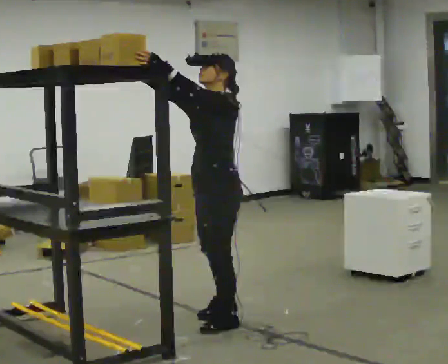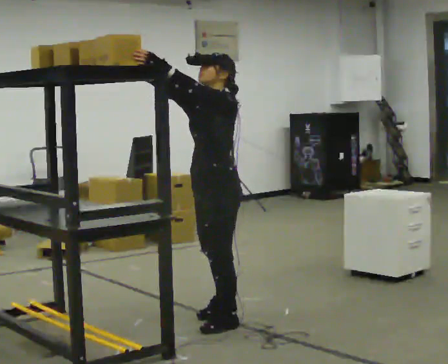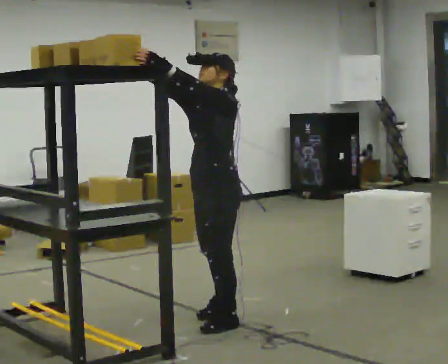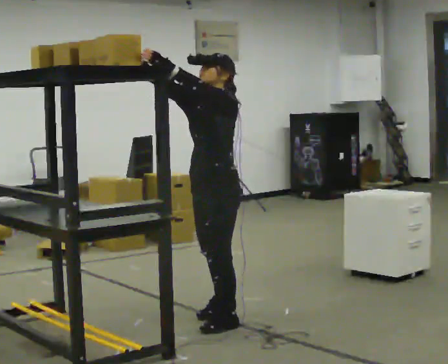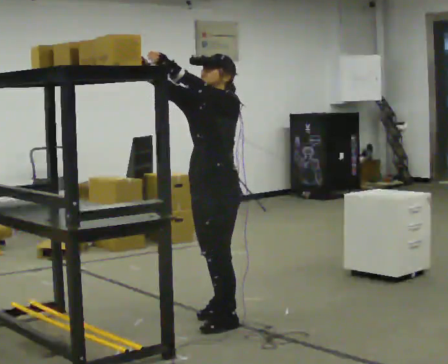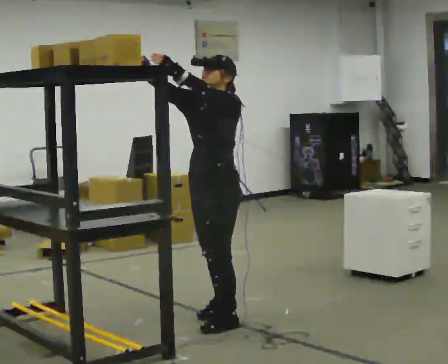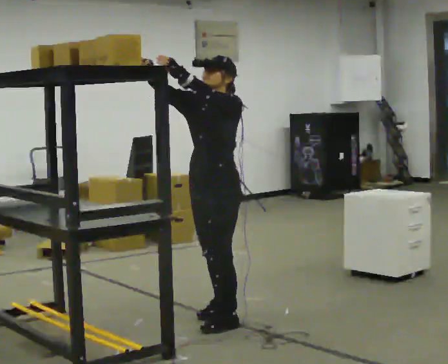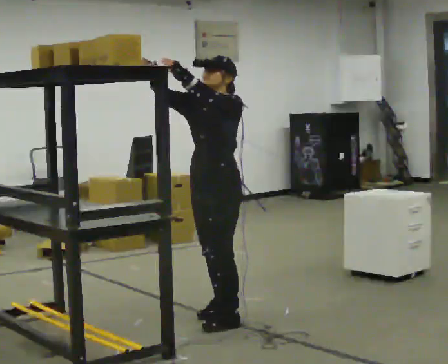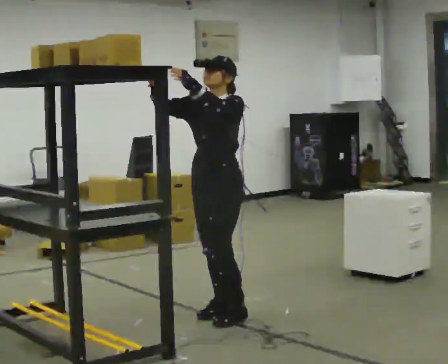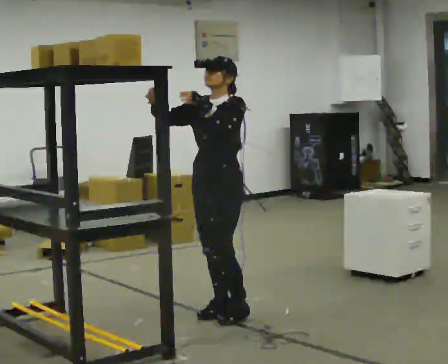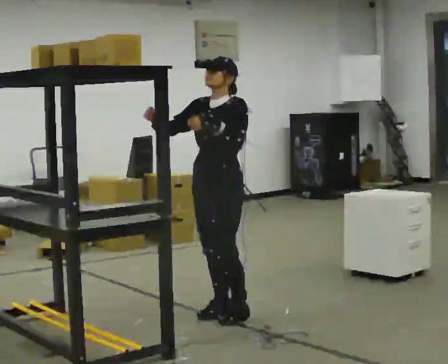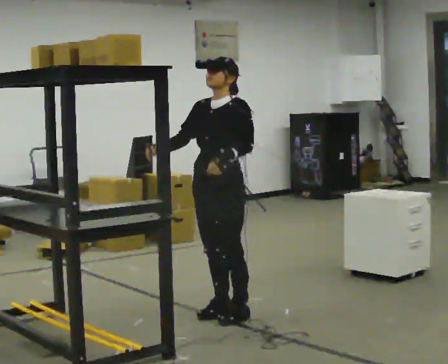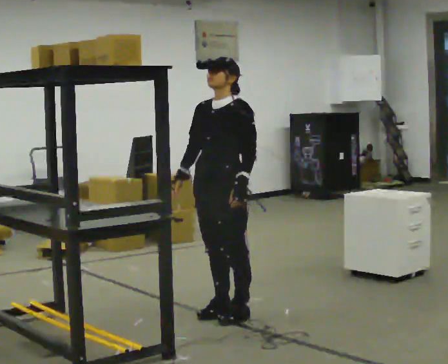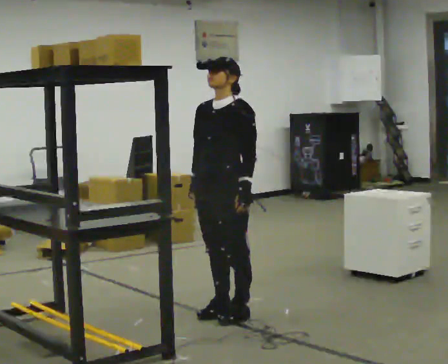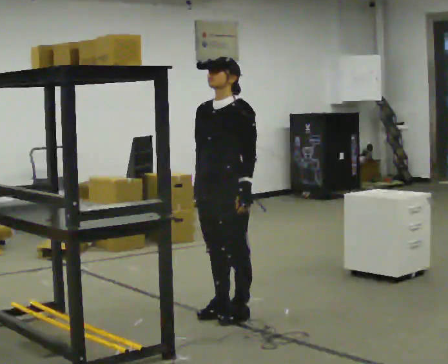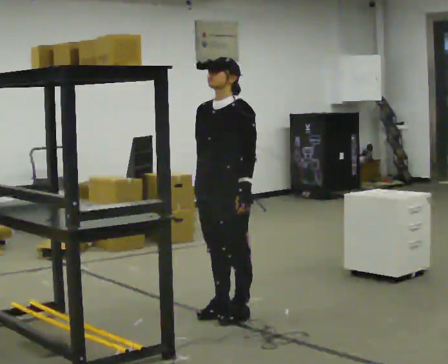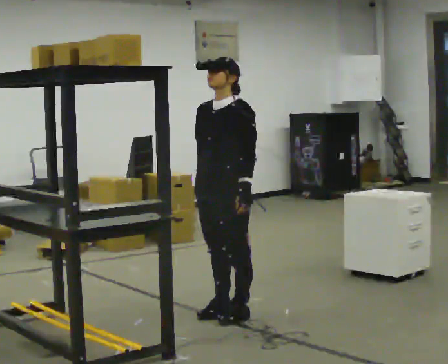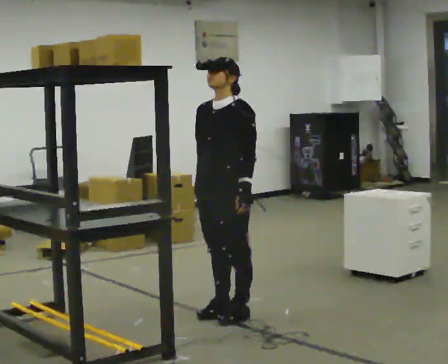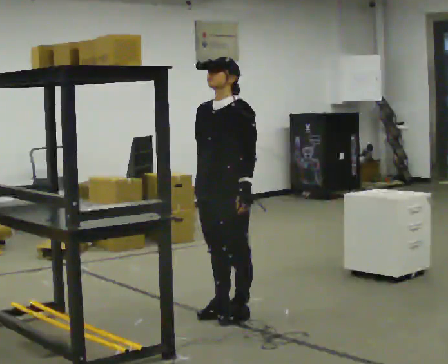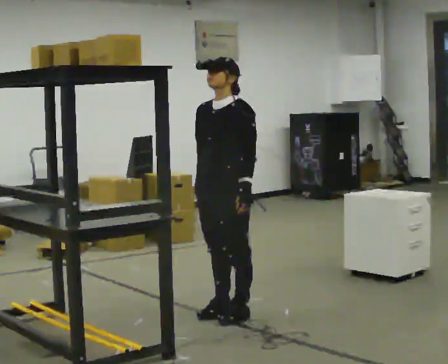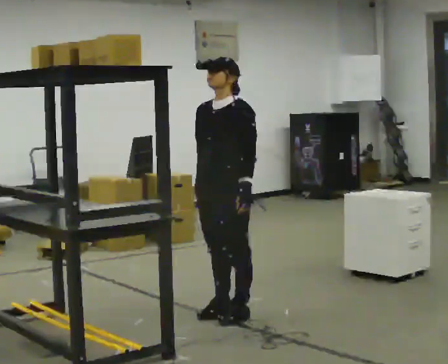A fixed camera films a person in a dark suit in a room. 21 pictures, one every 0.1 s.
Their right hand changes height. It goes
downward.
Their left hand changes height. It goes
downward.
0.0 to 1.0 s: In the picture they go away from the camera, about 0.25 m in 1 step, which for them is to their right and backward.
1.0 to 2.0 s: In the picture their right hand goes downward, the arm swinging counterclockwise.
The film runs backward here.
